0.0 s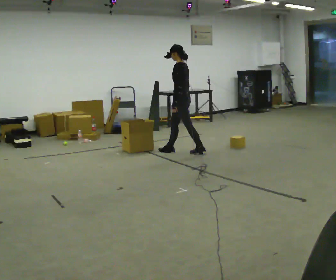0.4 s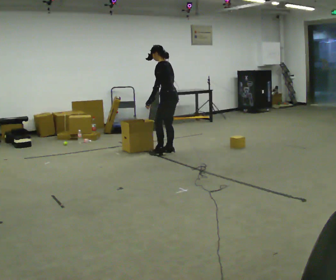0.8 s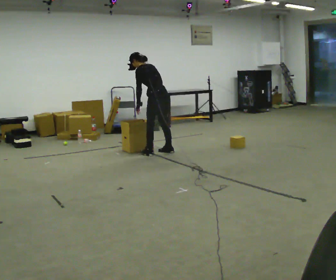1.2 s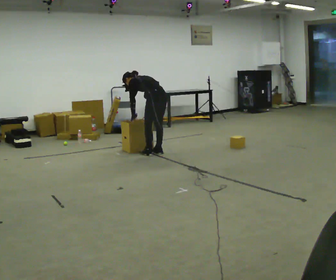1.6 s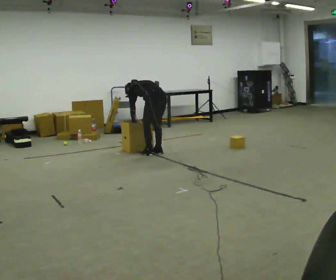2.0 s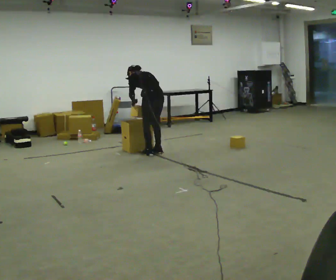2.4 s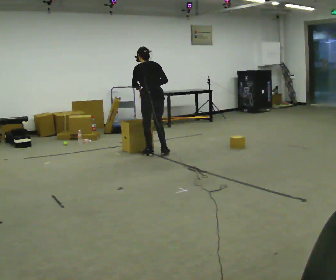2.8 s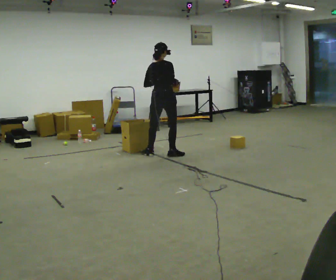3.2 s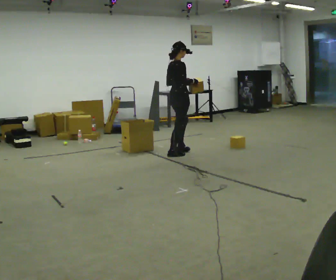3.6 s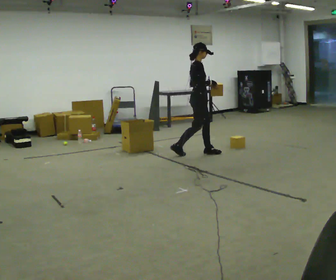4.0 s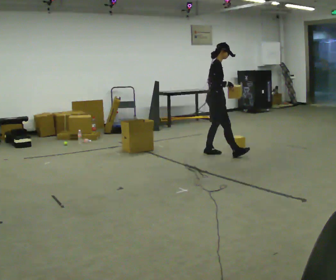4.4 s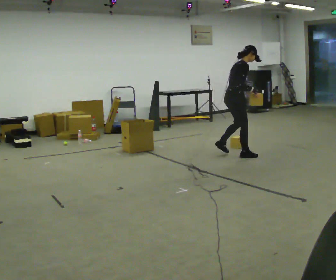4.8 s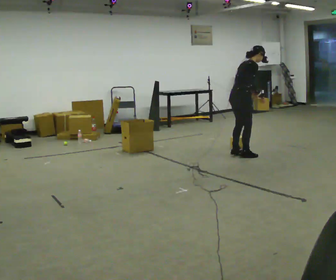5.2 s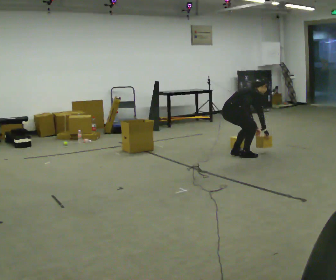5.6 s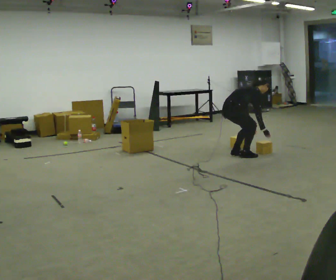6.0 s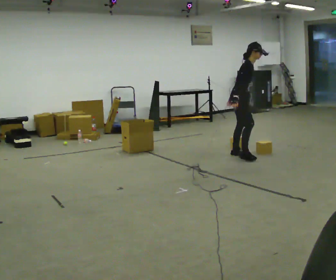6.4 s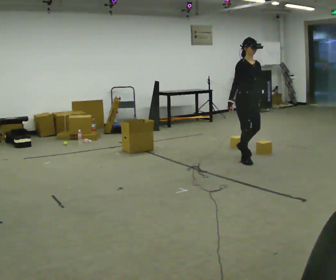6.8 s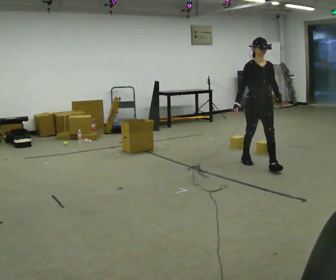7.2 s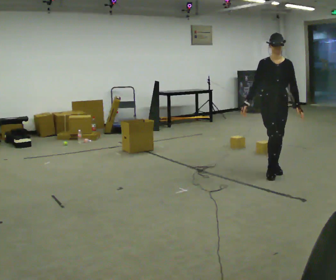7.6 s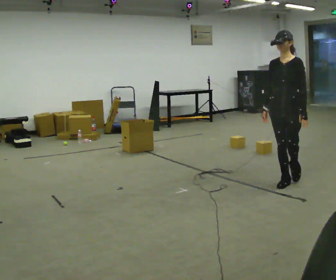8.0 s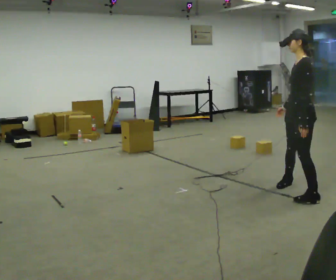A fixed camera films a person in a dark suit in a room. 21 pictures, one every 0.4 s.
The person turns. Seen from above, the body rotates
clockwise.
The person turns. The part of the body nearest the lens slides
to the left.
0.0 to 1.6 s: The person turns about 30 degrees to their right, clockwise seen from above, so the part of the body nearest the lens slides to the left. In the picture they go to the left and toward the camera, about 0.5 m in 2 steps, which for them is to their left and forward. The shoulders move downward. In the picture the upper body tilts counterclockwise, shoulders to the left, as they bend forward. In the picture their left hand goes downward.
1.6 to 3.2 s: Seen from above the body turns clockwise, about 105 degrees: to their right, with its near side sliding to the left. In the picture they go to the right, about 0.25 m in 1 step. The shoulders move upward. The upper body tips toward the camera, its near side rolling downward, as they lean back or straighten. In the picture their right hand goes upward.
3.2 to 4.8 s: In the picture they go to the right, about 1 m in 3 steps, which for them is forward. In the picture the upper body tilts clockwise, shoulders to the right, as they bend forward.
4.8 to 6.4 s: The person turns about 75 degrees to their right, clockwise seen from above, so the part of the body nearest the lens slides to the left. In the picture they go toward the camera, about 0.25 m in 1 step.
6.4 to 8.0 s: The part of the body nearest the lens slides to the left as the person turns to their right by about 120 degrees. In the picture they go toward the camera, about 1.5 m in 3 steps.
The film runs forward here.
